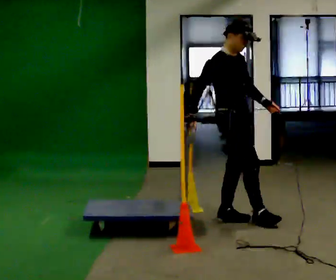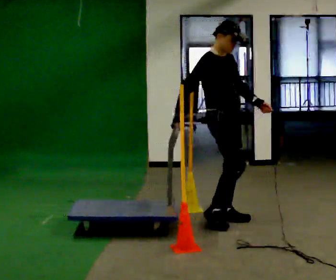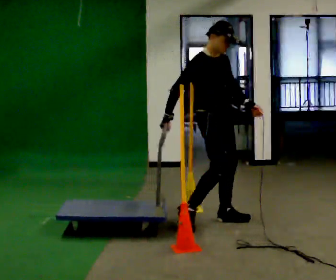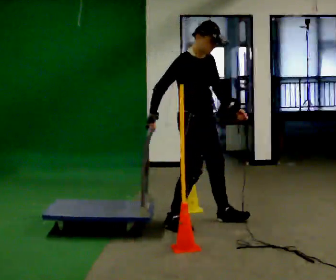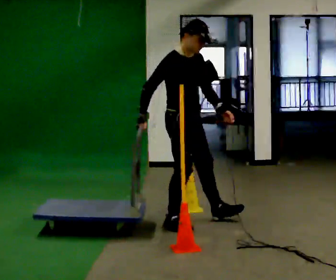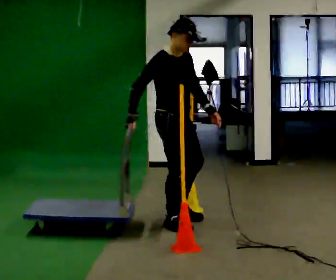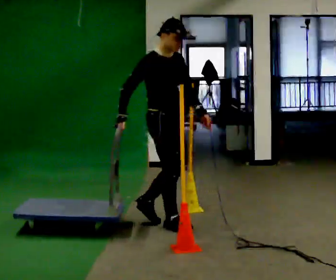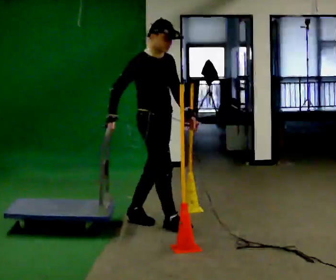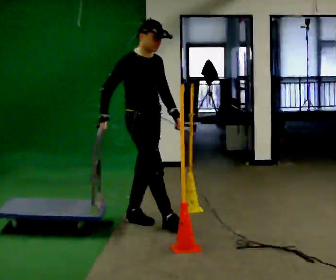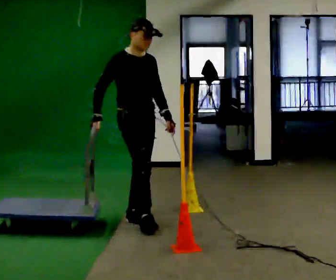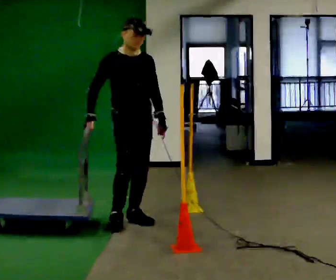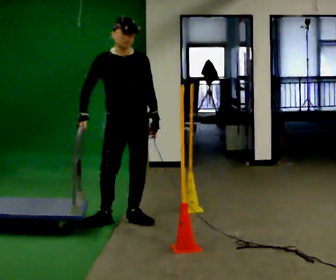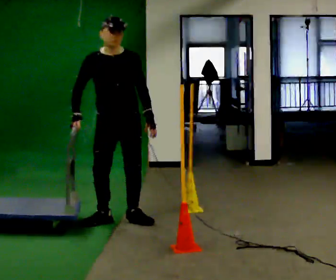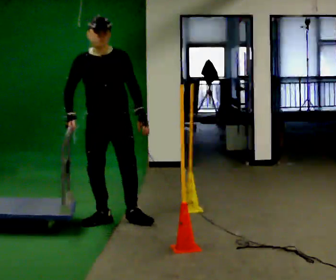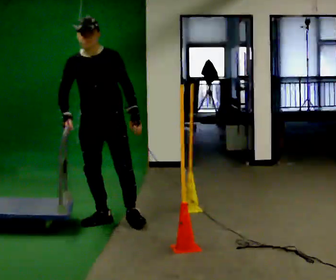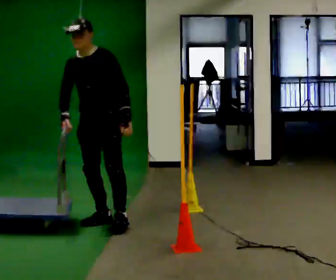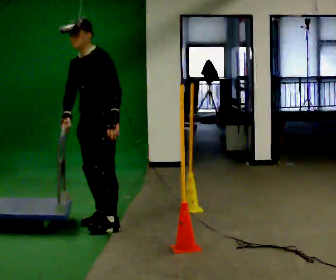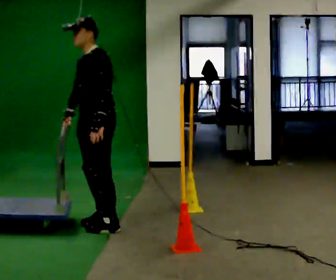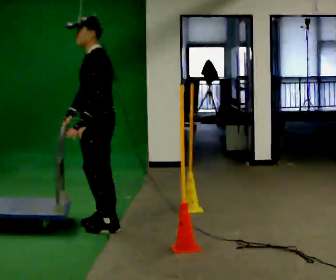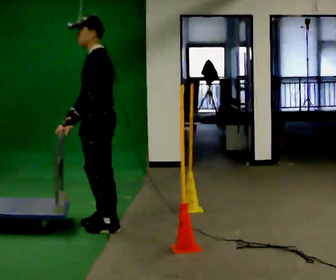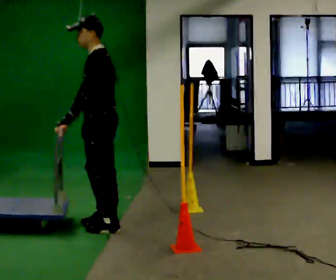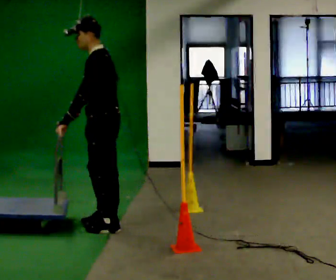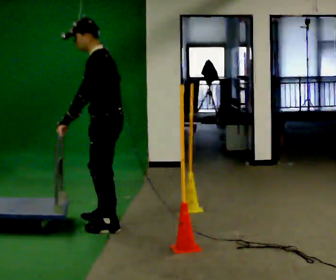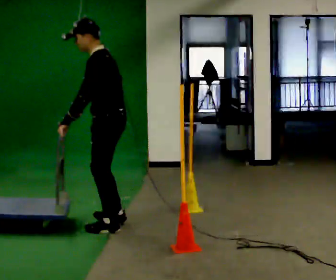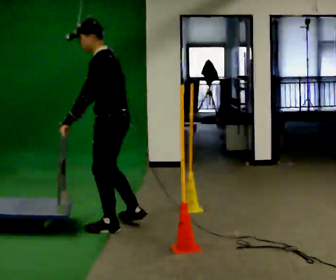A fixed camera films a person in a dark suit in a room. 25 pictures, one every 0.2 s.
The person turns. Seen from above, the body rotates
clockwise.
Their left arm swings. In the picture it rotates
clockwise.
0.0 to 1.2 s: In the picture they go to the left, about 0.5 m in 1 step, which for them is to their right and backward.
1.2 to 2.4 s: The person turns about 45 degrees to their right, clockwise seen from above, so the part of the body nearest the lens slides to the left. In the picture they go to the left, about 0.5 m in 1 step, which for them is backward.
2.4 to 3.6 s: Seen from above the body turns clockwise, about 75 degrees: to their right, with its near side sliding to the left. In the picture their left hand goes to the left.
3.6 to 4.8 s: The part of the body nearest the lens slides to the left as the person turns to their right by about 30 degrees.
The film runs backward here.
